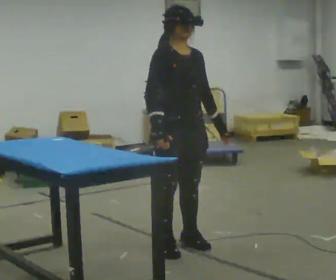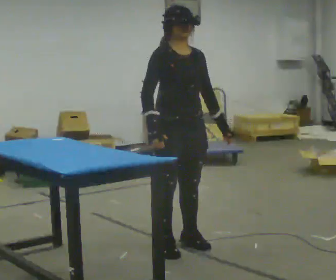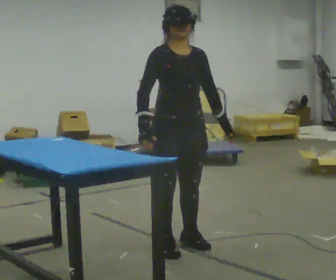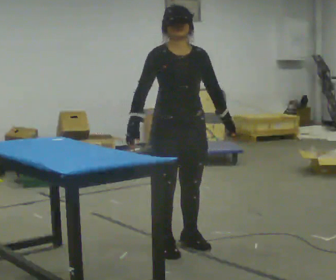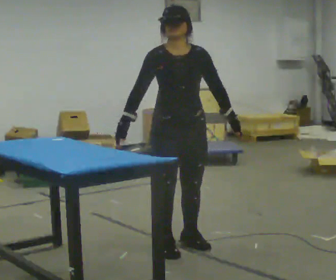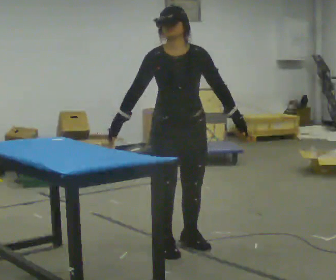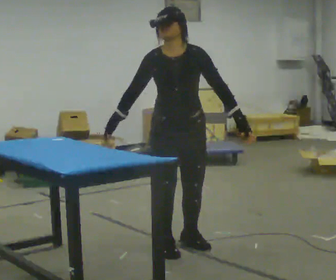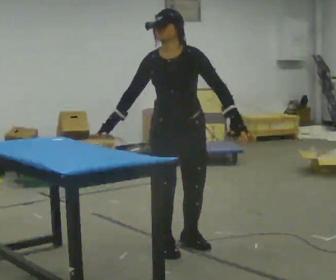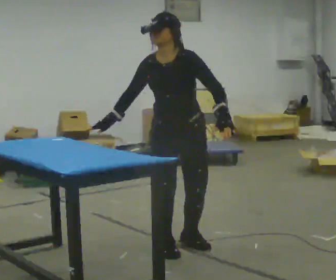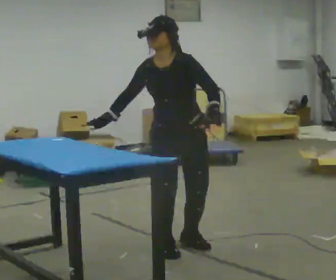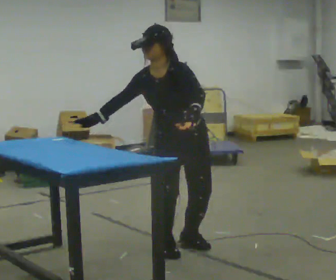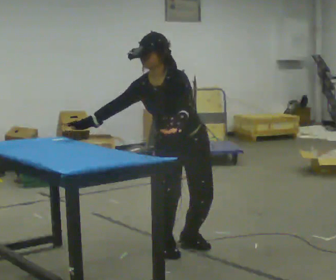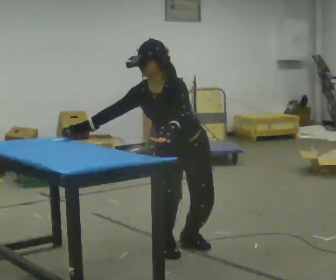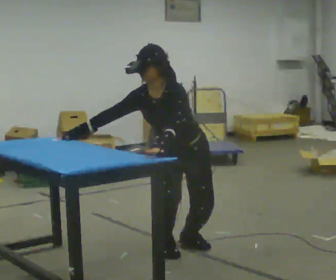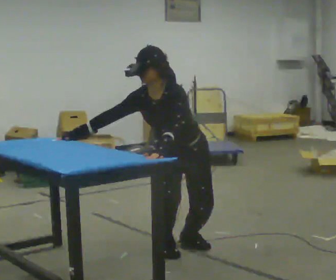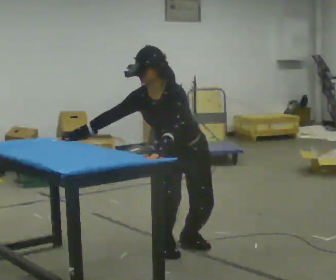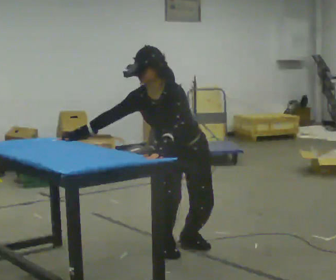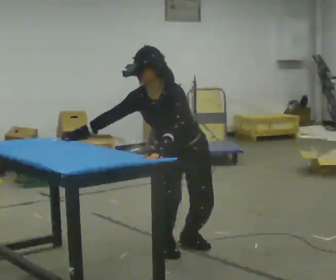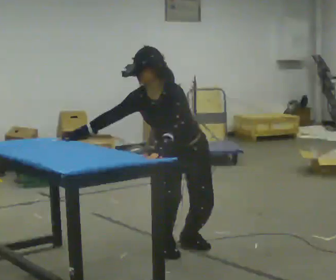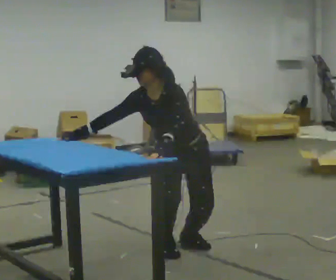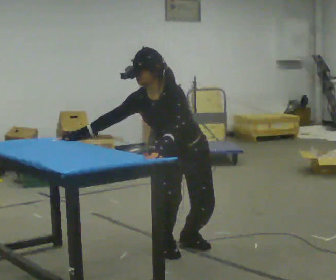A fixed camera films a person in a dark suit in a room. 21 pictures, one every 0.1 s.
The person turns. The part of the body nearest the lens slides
to the left.
The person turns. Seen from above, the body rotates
clockwise.
0.0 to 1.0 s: The person turns about 60 degrees to their right, clockwise seen from above, so the part of the body nearest the lens slides to the left. In the picture the upper body tilts counterclockwise, shoulders to the left, as they bend forward.
1.0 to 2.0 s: The upper body goes downward.
The film runs backward here.
